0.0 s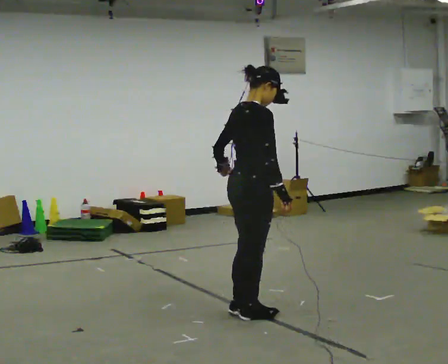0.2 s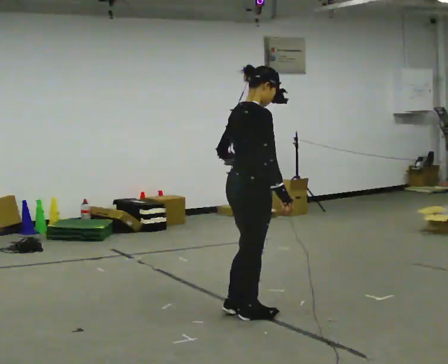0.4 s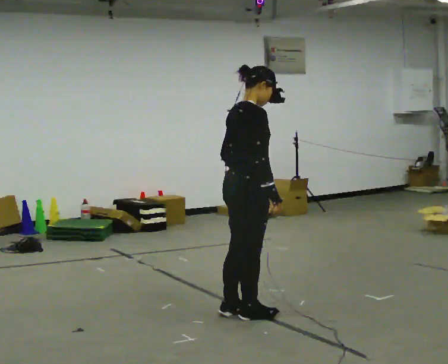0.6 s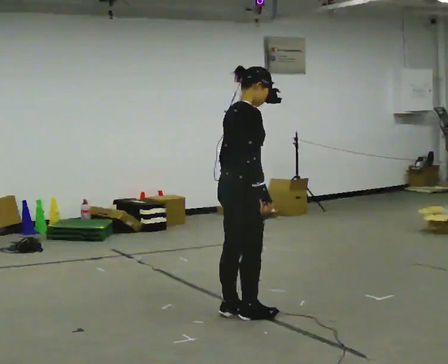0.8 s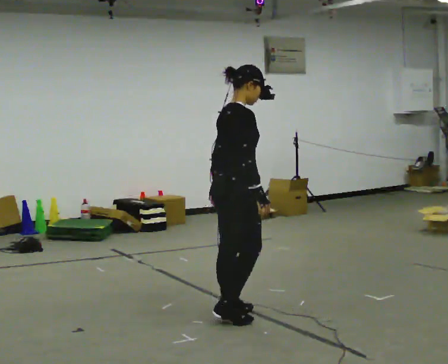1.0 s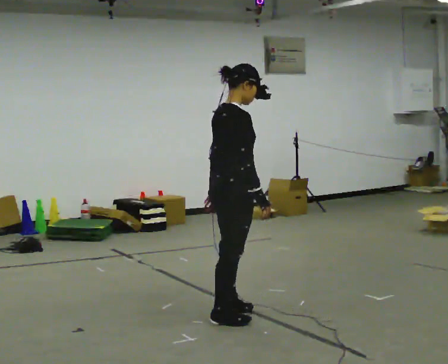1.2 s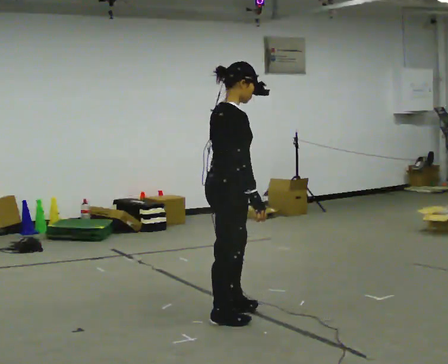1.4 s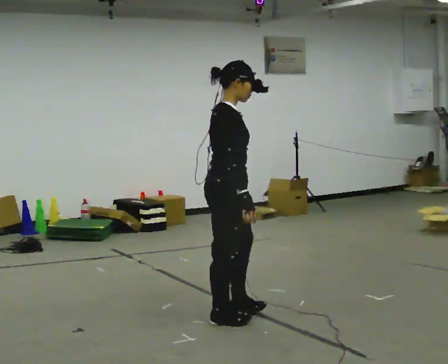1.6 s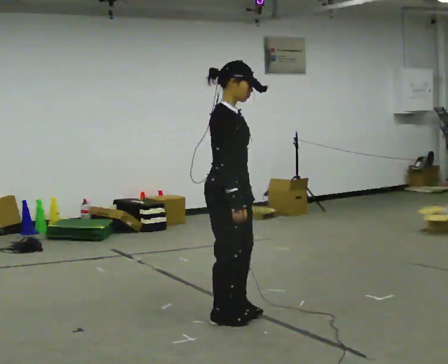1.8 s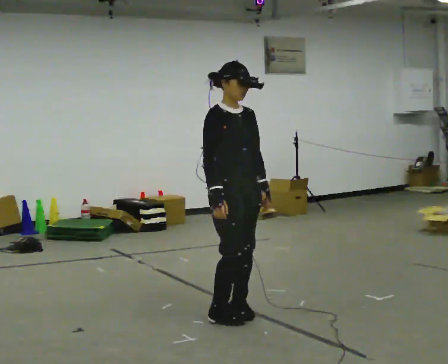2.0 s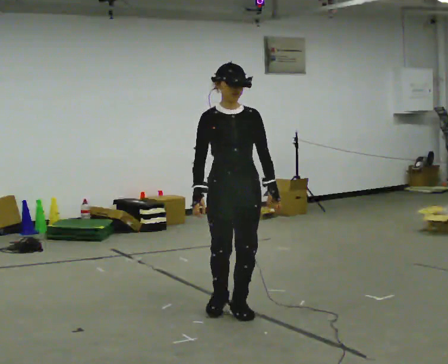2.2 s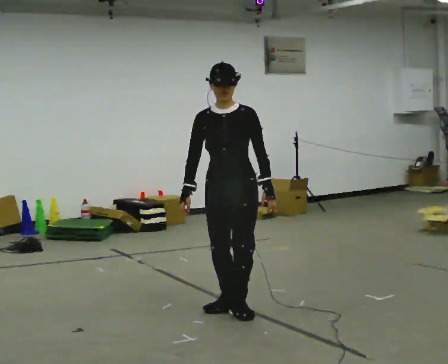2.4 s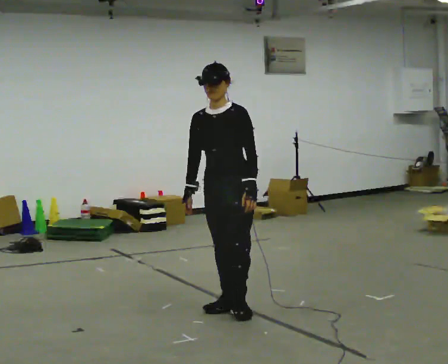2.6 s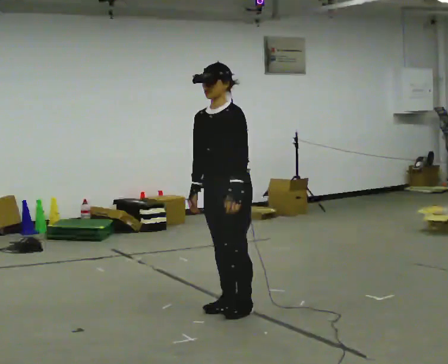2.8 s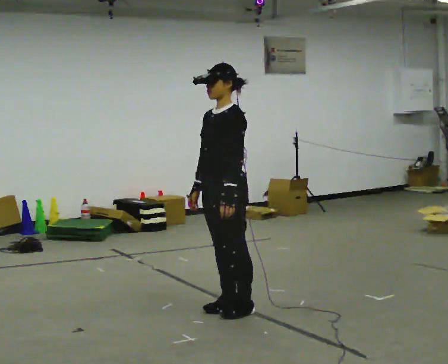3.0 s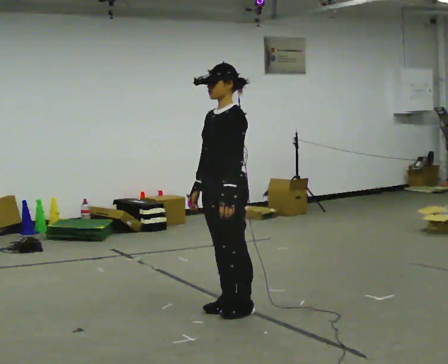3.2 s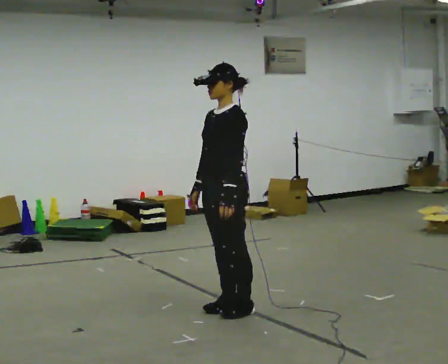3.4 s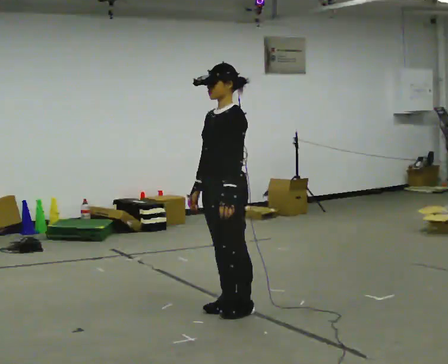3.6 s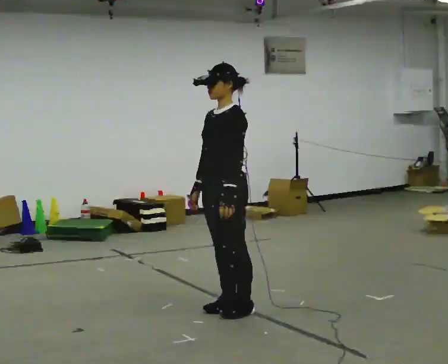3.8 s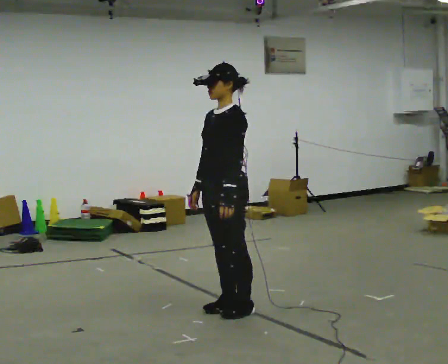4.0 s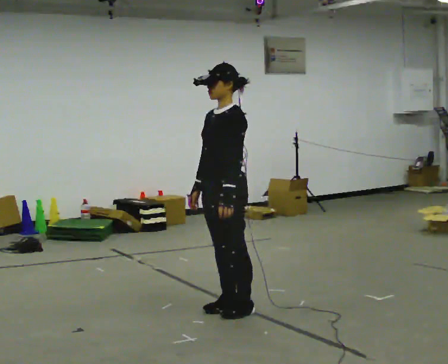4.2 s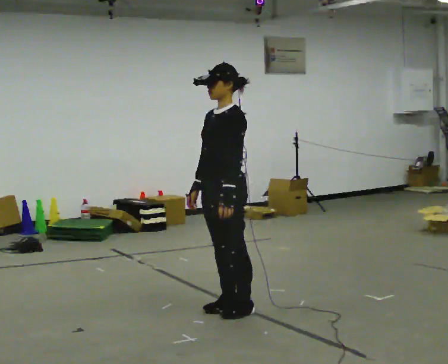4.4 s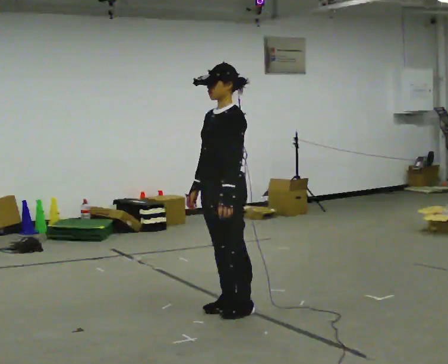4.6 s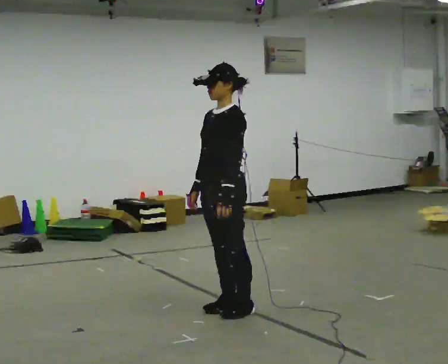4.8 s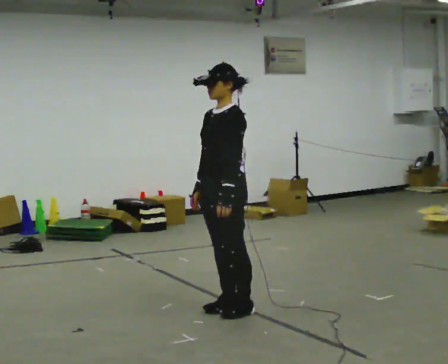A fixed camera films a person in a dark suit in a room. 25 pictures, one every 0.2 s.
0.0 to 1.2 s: The person moves a little, or ends about where they began.
1.2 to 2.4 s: Seen from above the body turns clockwise, about 135 degrees: to their right, with its near side sliding to the left. In the picture they go away from the camera, about 0.25 m in 1 step.
2.4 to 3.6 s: The part of the body nearest the lens slides to the left as the person turns to their right by about 45 degrees.
3.6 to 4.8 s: The person keeps their place and pose.
The film runs backward here.
